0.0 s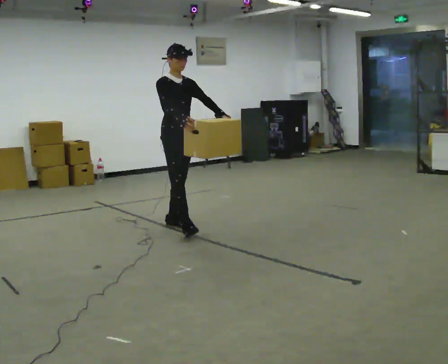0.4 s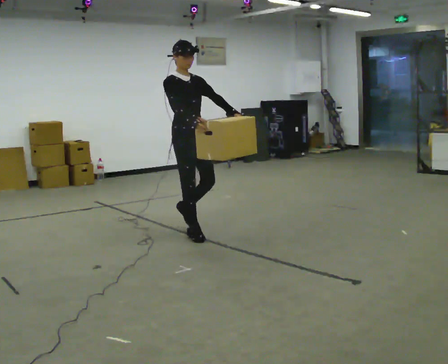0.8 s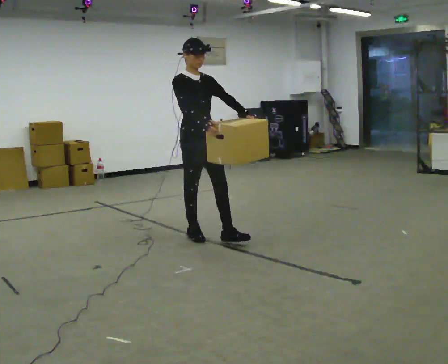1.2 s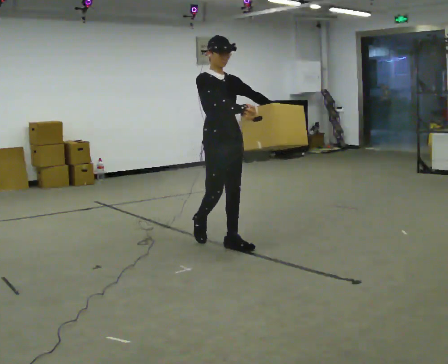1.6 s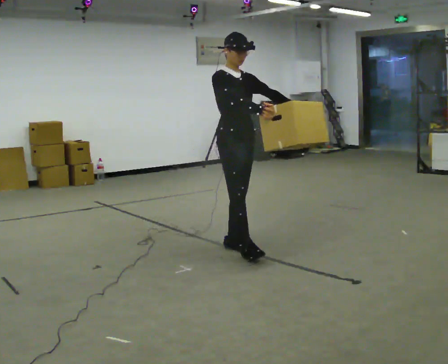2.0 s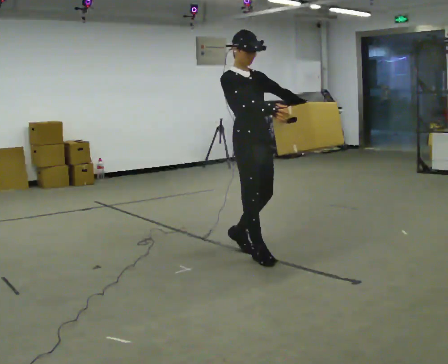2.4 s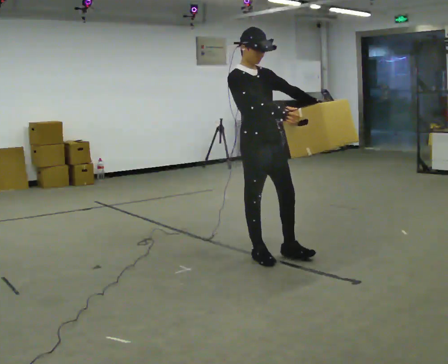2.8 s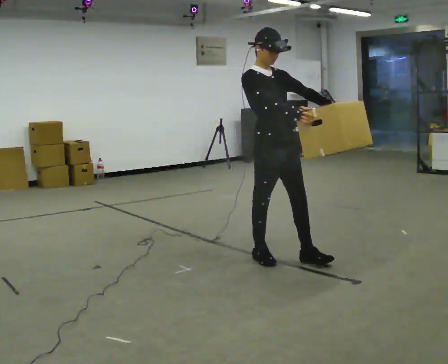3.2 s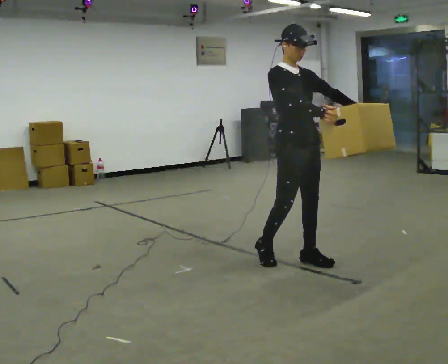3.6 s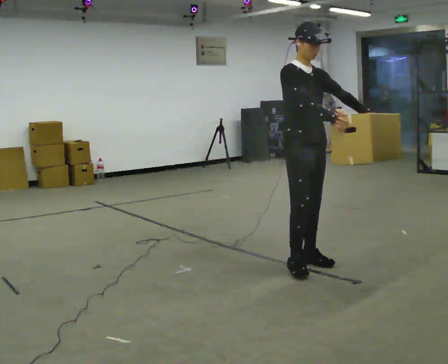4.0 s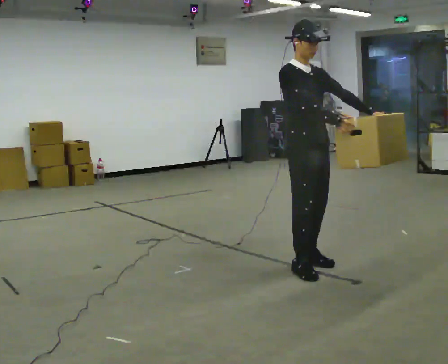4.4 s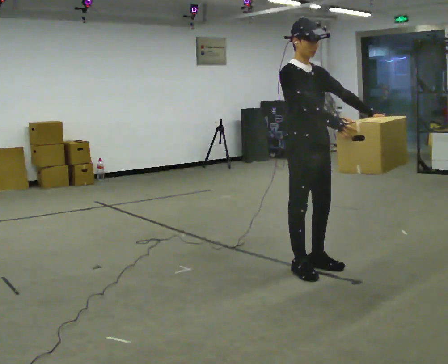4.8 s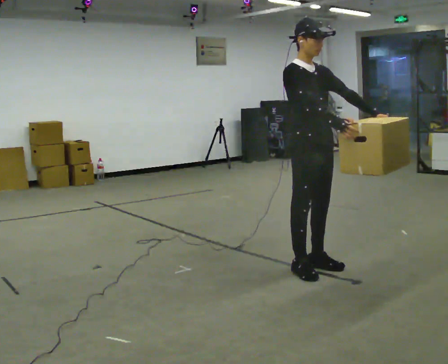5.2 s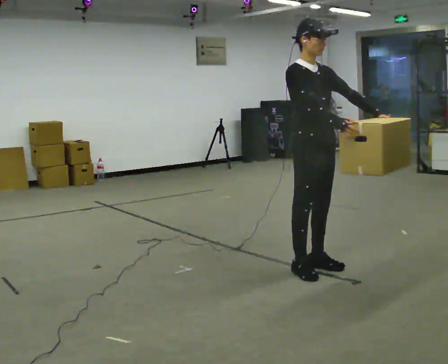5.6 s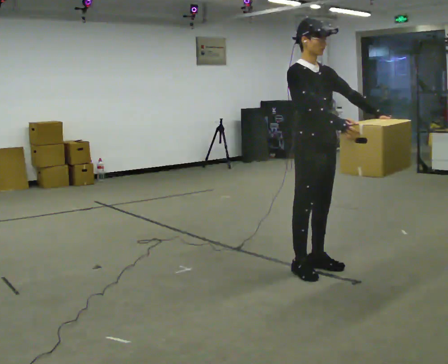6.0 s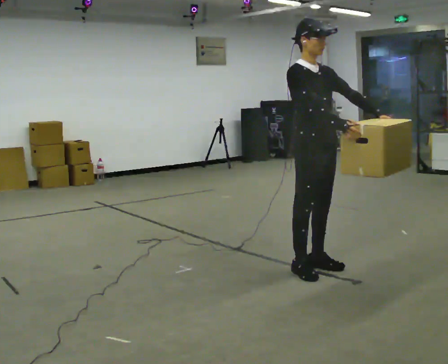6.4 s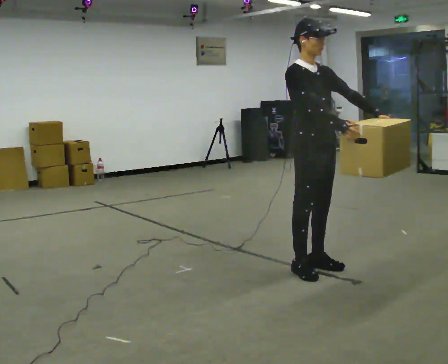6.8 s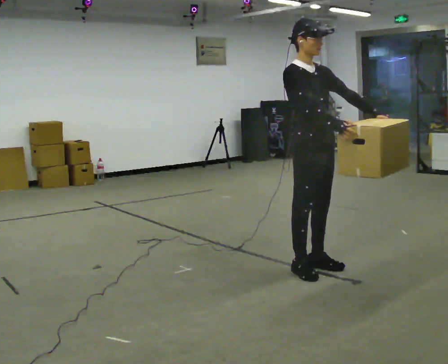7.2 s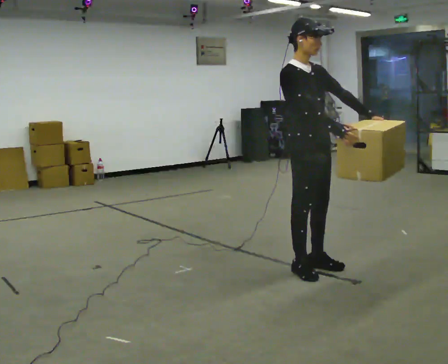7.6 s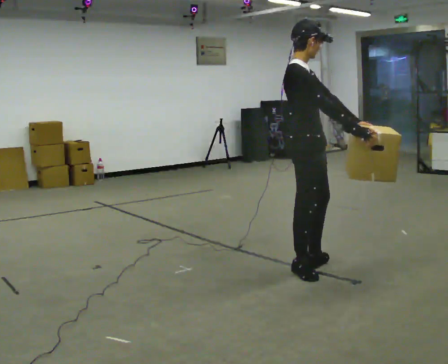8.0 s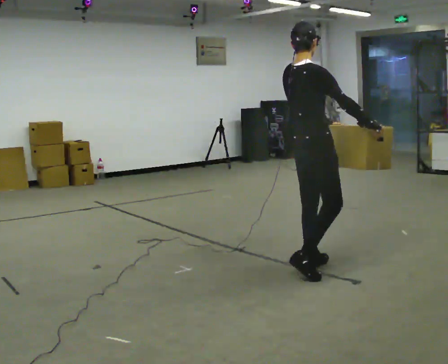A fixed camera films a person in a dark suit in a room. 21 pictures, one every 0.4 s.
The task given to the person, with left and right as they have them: Carry the box across the room as briskly as you comfortably can, back and forth. Do not run.
0.0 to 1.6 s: In the picture they go toward the camera and to the right, about 1 m in 2 steps, which for them is forward.
1.6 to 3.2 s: In the picture they go to the right and toward the camera, about 0.5 m in 2 steps, which for them is forward.
3.2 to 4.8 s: In the picture they go toward the camera, about 0.25 m in 1 step, which for them is forward.
4.8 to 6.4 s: The person keeps their place and pose.
6.4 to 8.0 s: Seen from above the body turns counterclockwise, about 75 degrees: to their left, with its near side sliding to the right. In the picture their left hand goes to the left.
The film runs forward here.
